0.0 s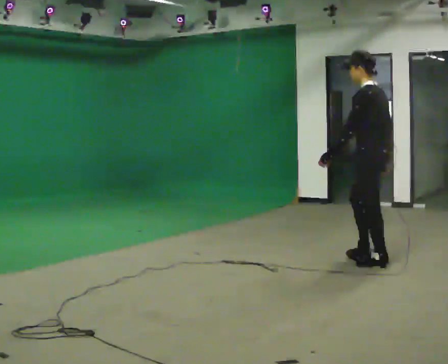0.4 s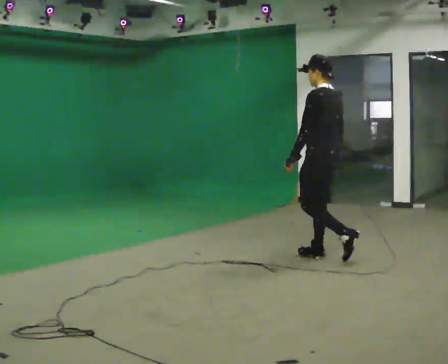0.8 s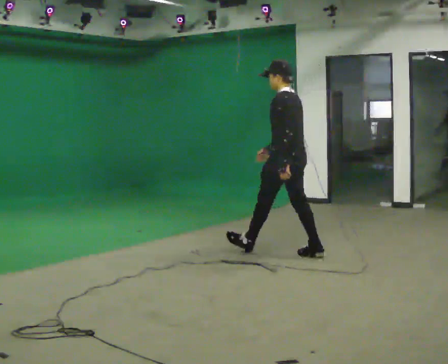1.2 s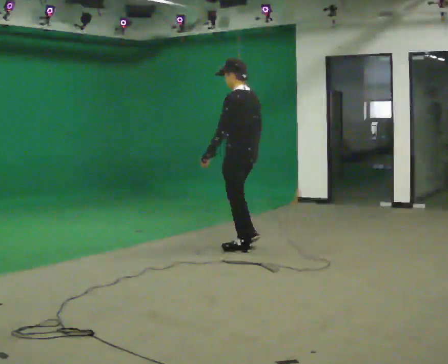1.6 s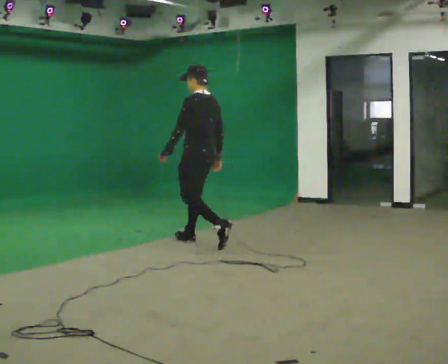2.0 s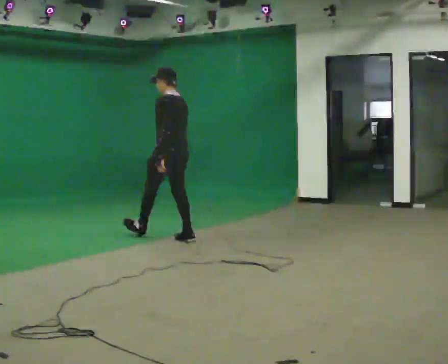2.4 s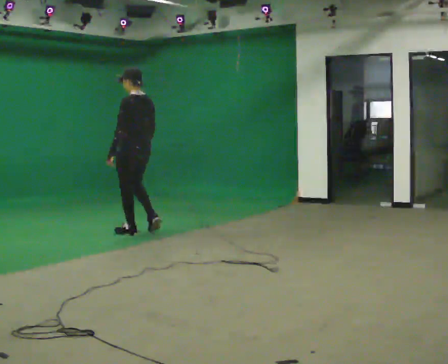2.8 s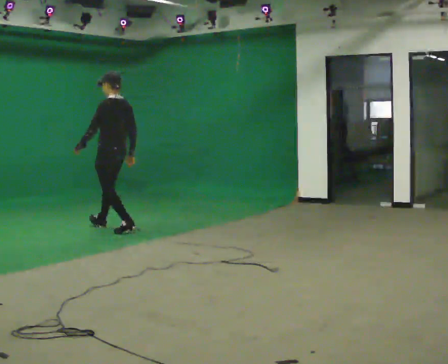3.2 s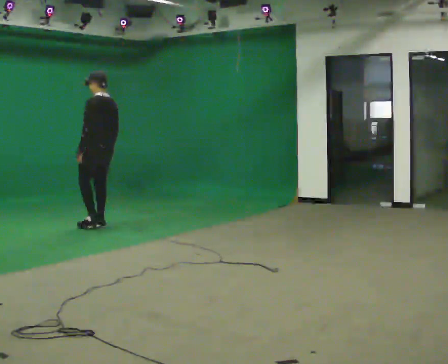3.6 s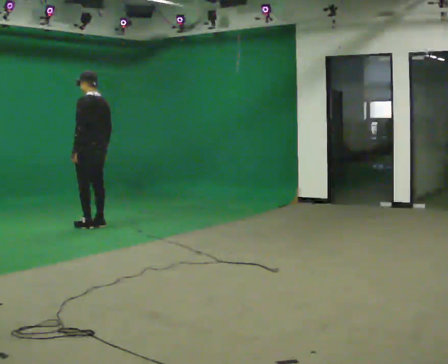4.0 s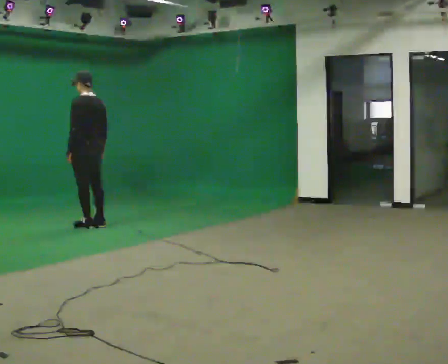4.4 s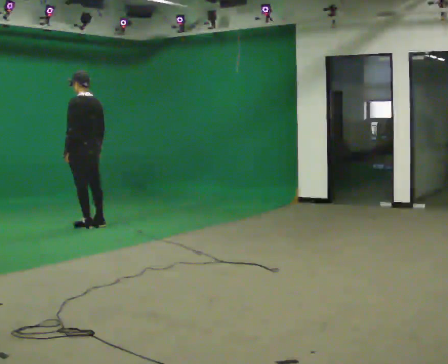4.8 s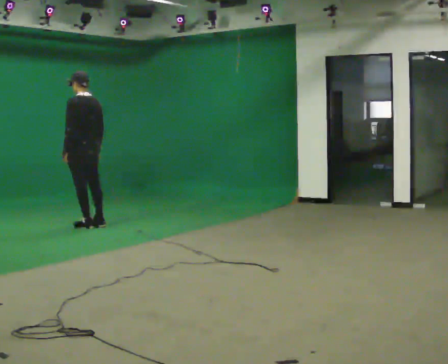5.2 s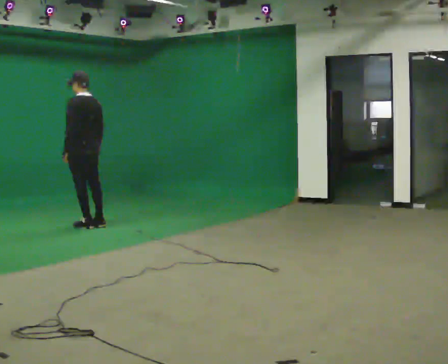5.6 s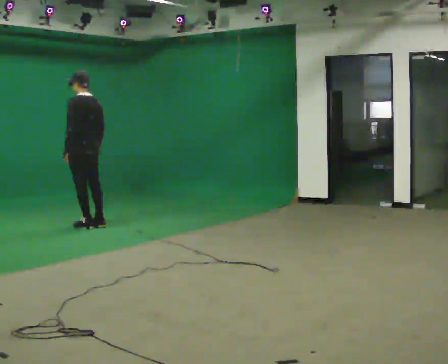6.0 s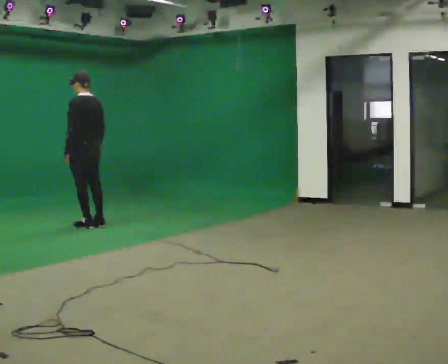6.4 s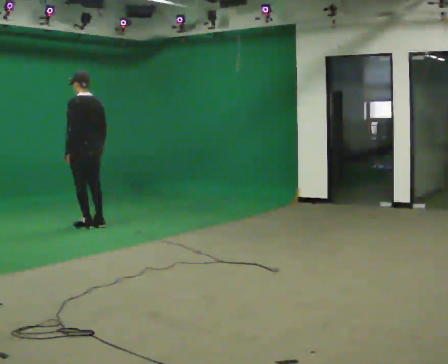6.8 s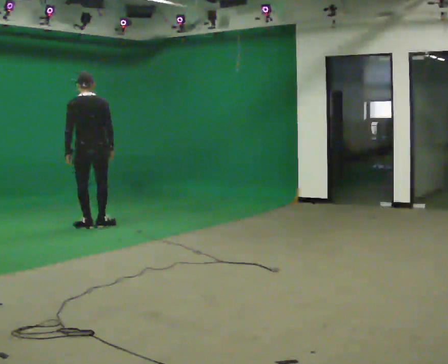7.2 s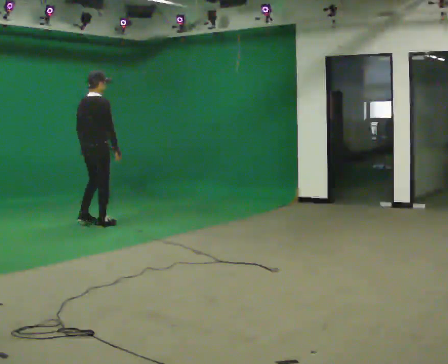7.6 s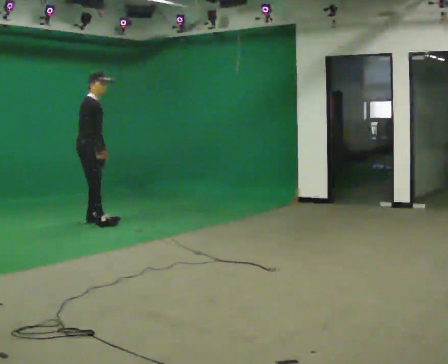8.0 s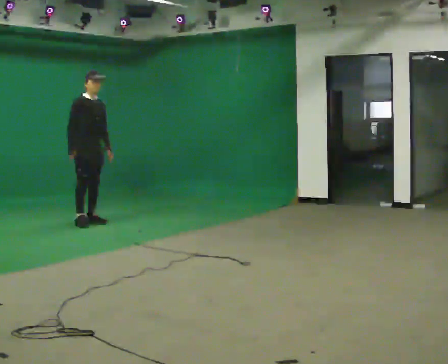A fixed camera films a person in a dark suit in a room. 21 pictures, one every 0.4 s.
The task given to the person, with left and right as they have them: Stand still 2 s; begin walking naturally; walk forward; stop.
0.0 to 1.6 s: In the picture they go away from the camera and to the left, about 2 m in 3 steps, which for them is forward.
1.6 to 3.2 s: In the picture they go away from the camera and to the left, about 1.5 m in 2 steps, which for them is forward.
3.2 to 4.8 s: In the picture they go to the left, about 0.25 m in 1 step, which for them is forward.
4.8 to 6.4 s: The person moves a little, or ends about where they began.
6.4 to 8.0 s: The part of the body nearest the lens slides to the left as the person turns to their right by about 180 degrees. In the picture they go away from the camera, about 0.25 m in 1 step. In the picture their right hand goes to the left.
The film runs forward here.
